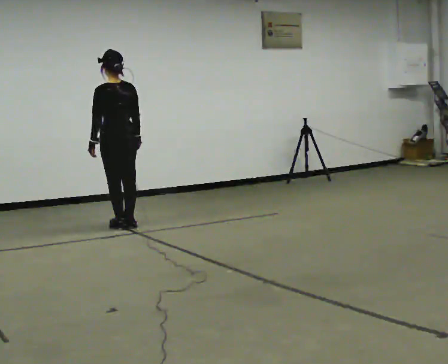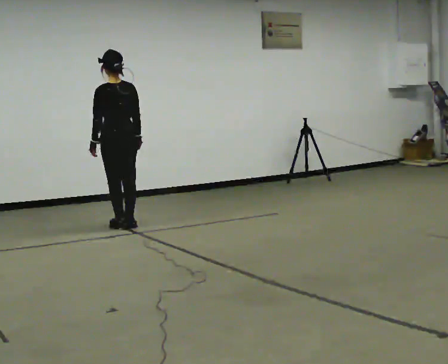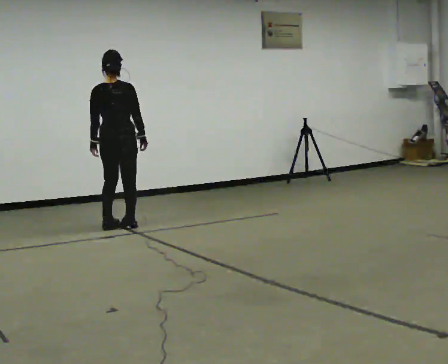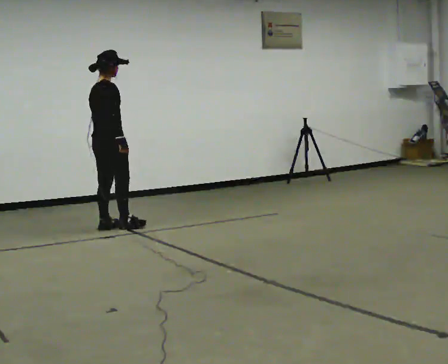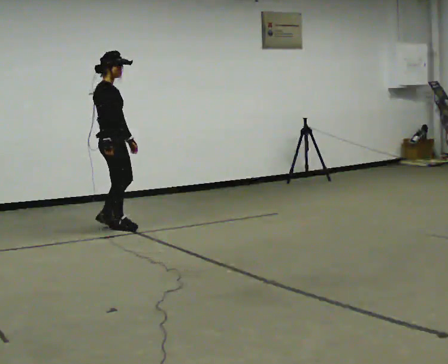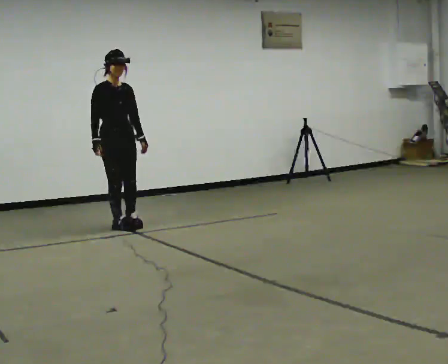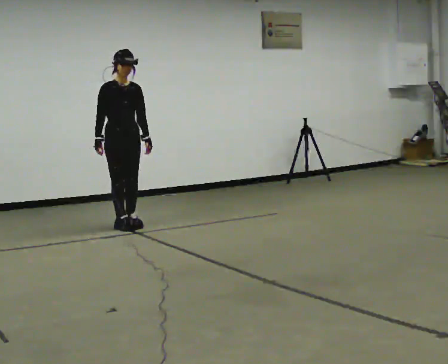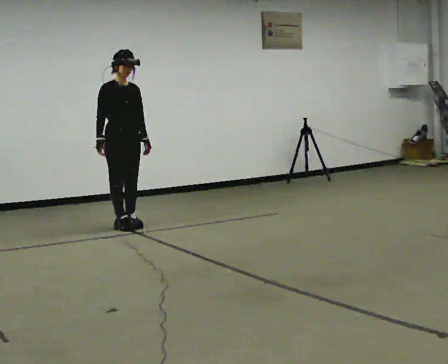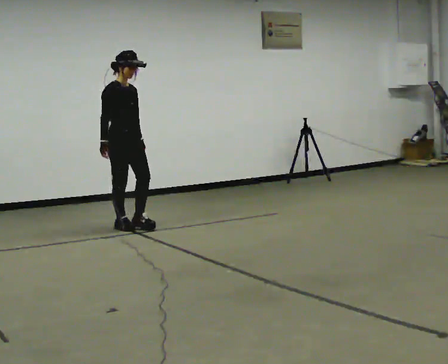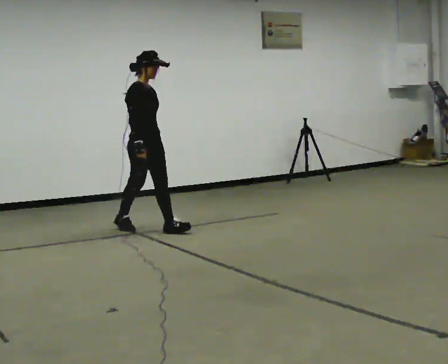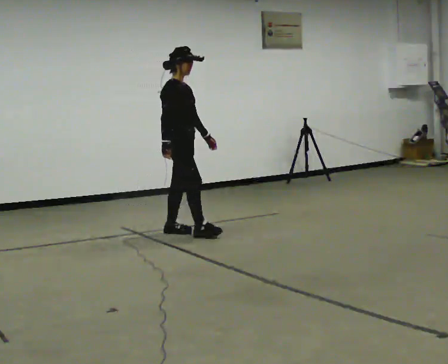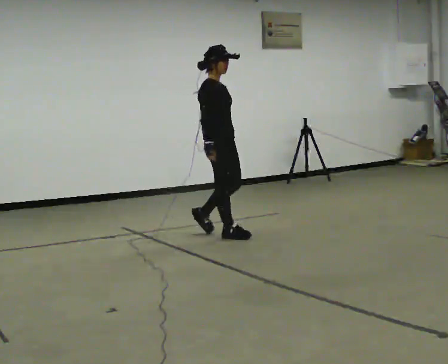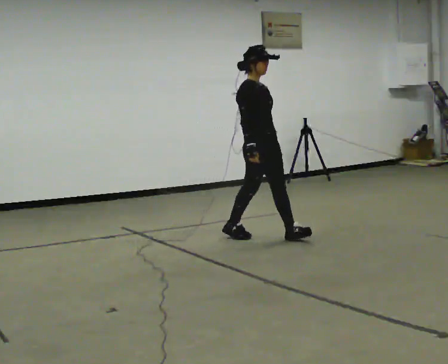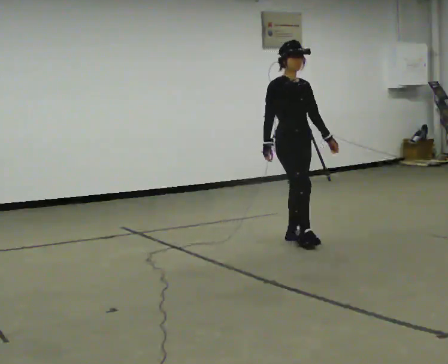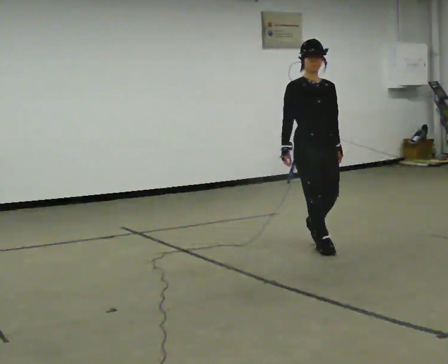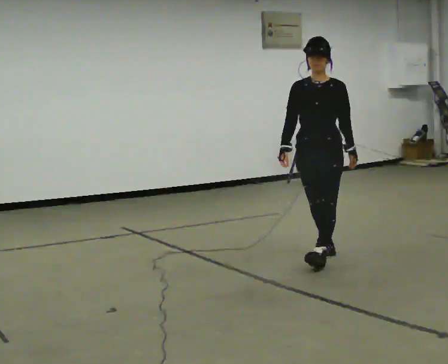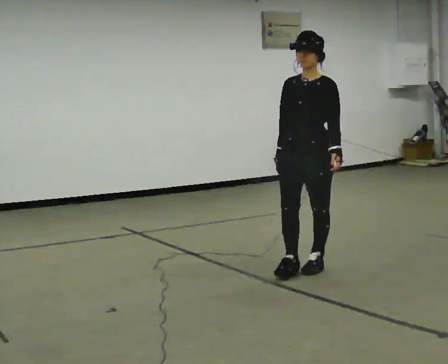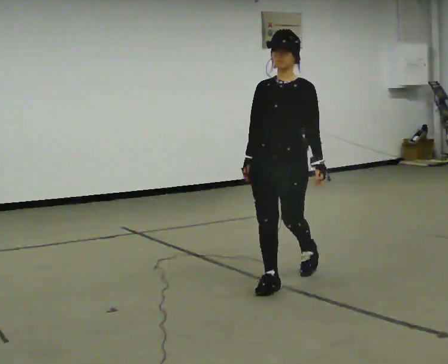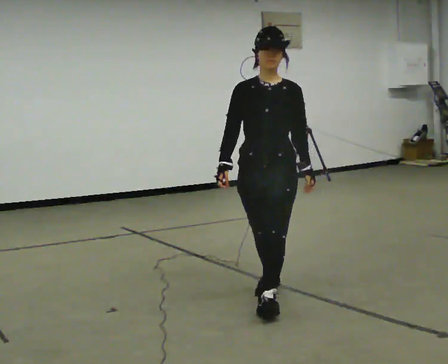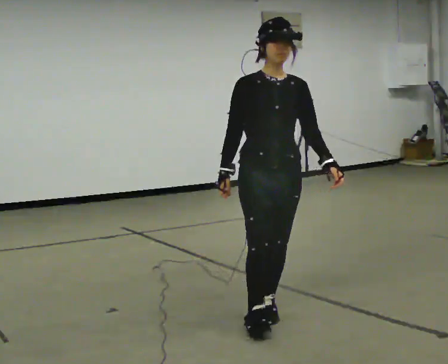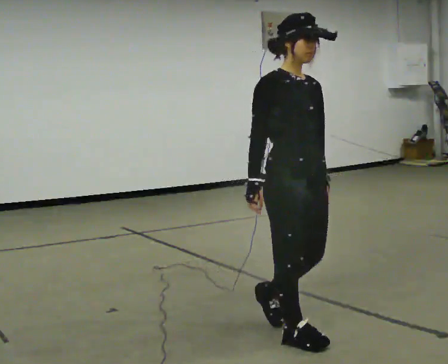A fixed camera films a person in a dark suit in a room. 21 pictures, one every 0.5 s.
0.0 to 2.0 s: The person turns about 135 degrees to their right, clockwise seen from above, so the part of the body nearest the lens slides to the left.
2.0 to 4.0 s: The person moves a little, or ends about where they began.
4.0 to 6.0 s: In the picture they go to the right and toward the camera, about 1.5 m in 3 steps, which for them is forward.
6.0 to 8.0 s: The part of the body nearest the lens slides to the left as the person turns to their right by about 90 degrees. In the picture they go toward the camera, about 1 m in 2 steps.
8.0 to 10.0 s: The part of the body nearest the lens slides to the right as the person turns to their left by about 75 degrees. In the picture they go toward the camera, about 1.5 m in 3 steps.
The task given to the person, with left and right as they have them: Walk forward; gradually curve left/right; straighten out.
The film runs forward here.
